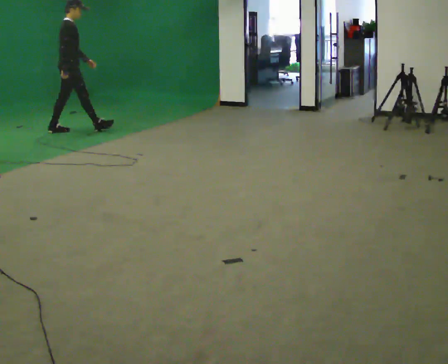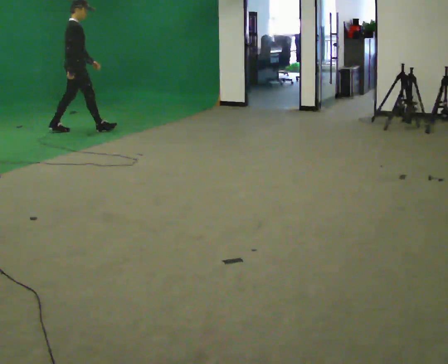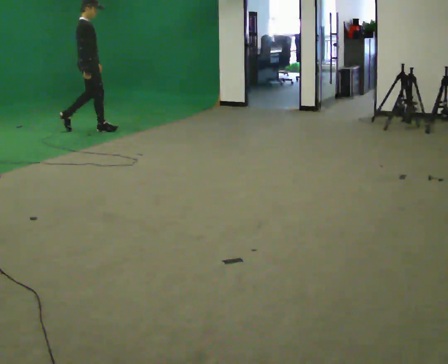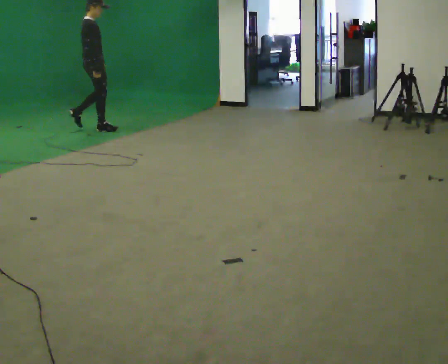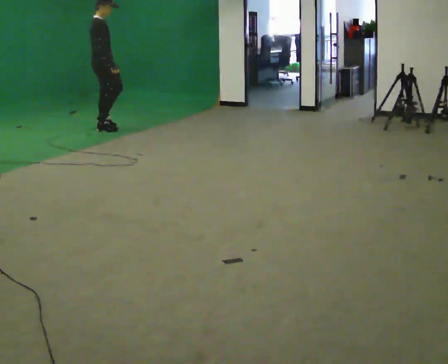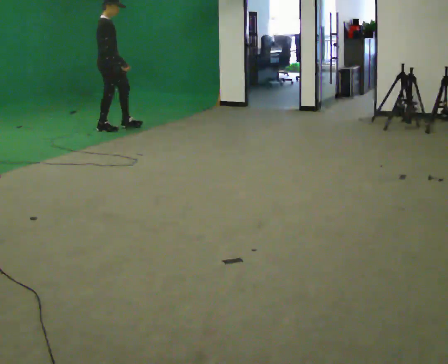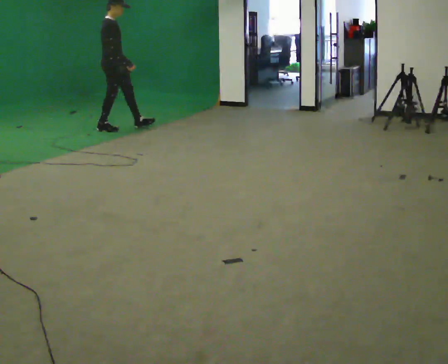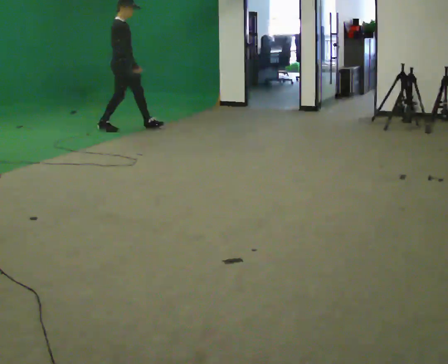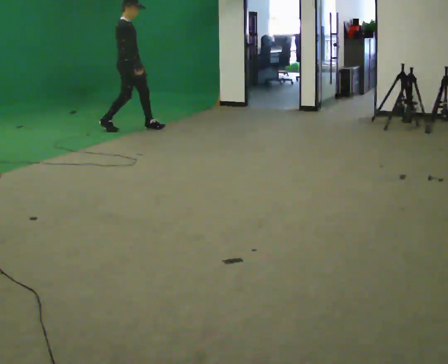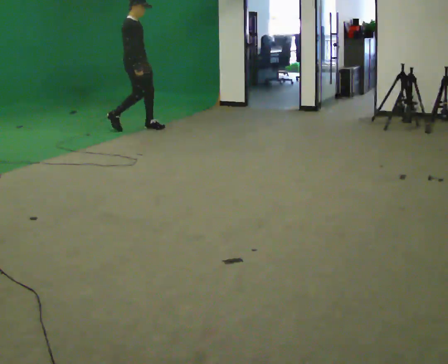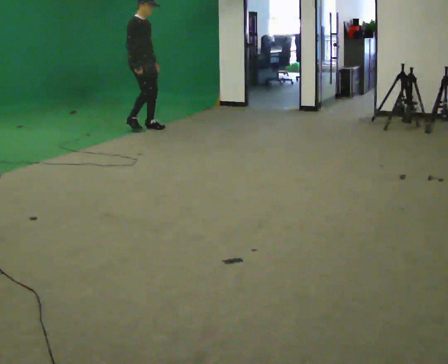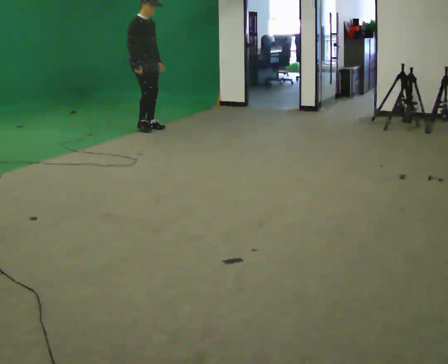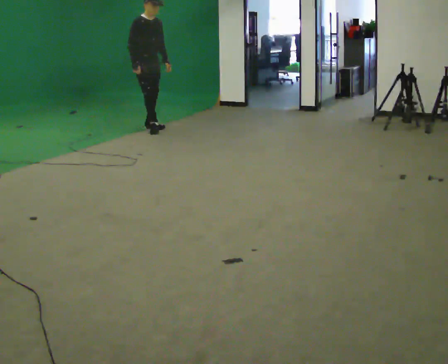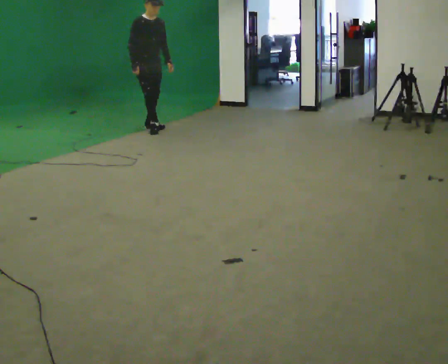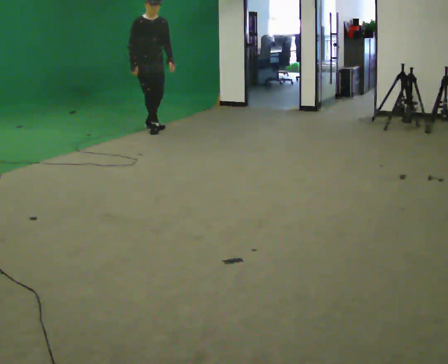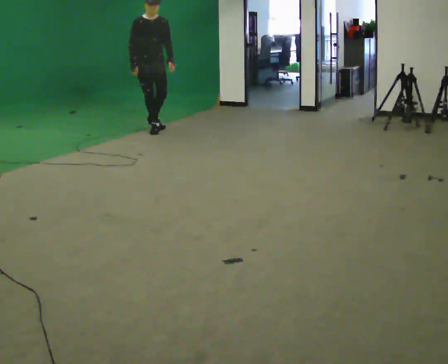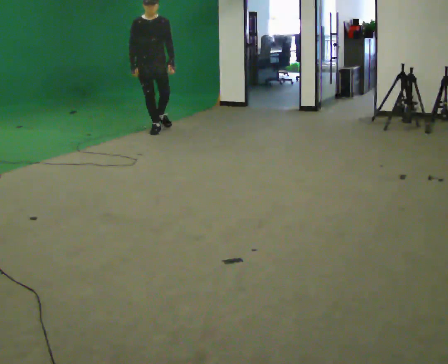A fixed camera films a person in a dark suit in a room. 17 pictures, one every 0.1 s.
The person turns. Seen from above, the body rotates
clockwise.
The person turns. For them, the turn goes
to their right.
0.0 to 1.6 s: The person turns about 105 degrees to their right, clockwise seen from above, so the part of the body nearest the lens slides to the left. In the picture they go to the right, about 1 m in 3 steps.
The film runs forward here.
